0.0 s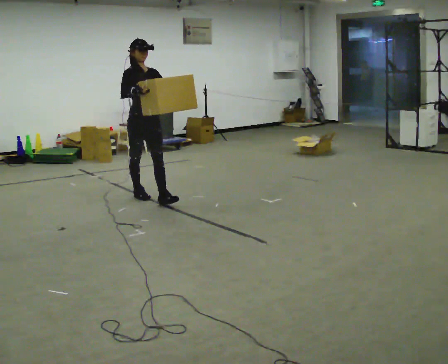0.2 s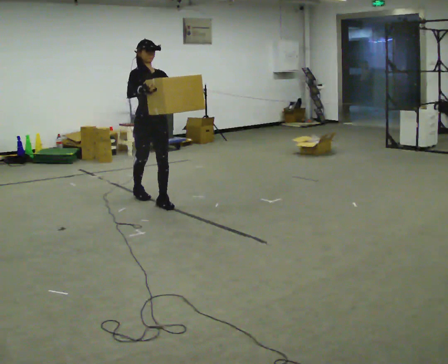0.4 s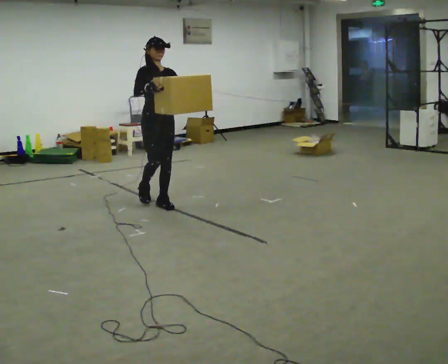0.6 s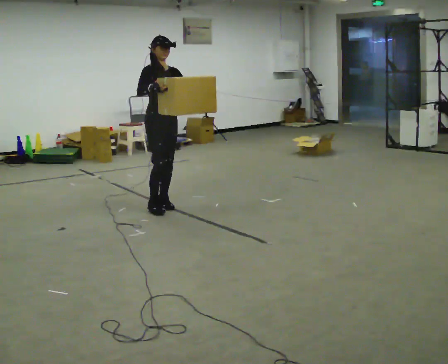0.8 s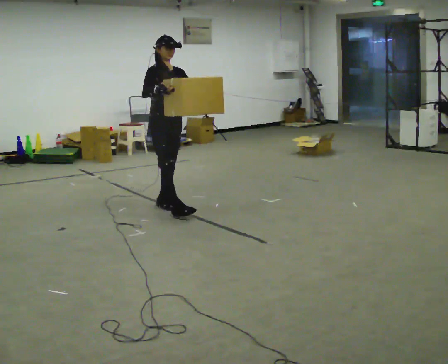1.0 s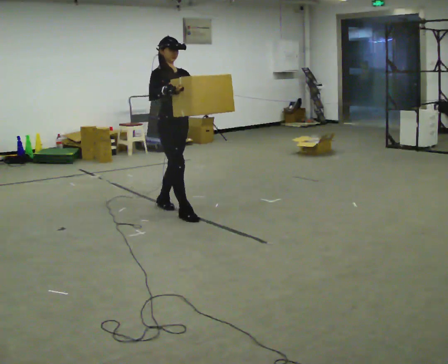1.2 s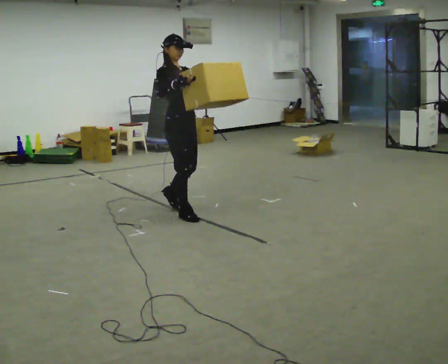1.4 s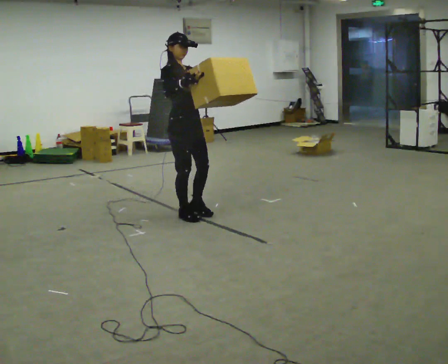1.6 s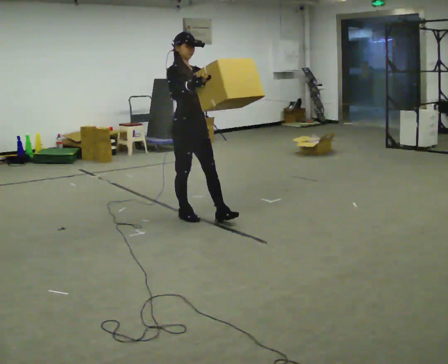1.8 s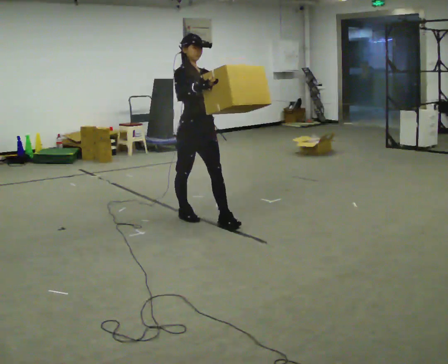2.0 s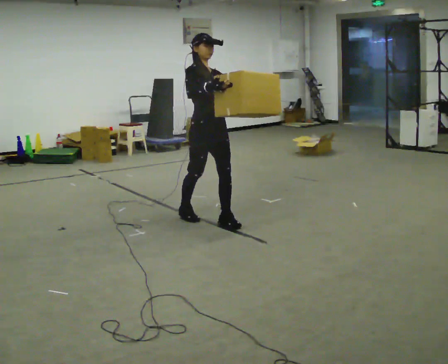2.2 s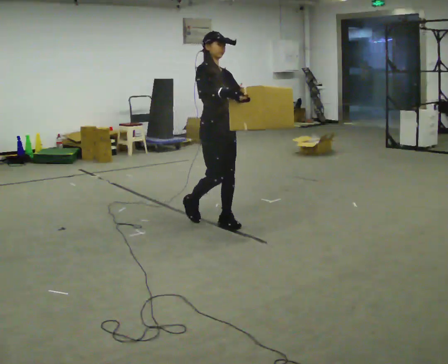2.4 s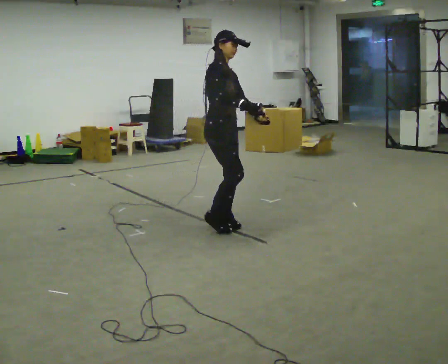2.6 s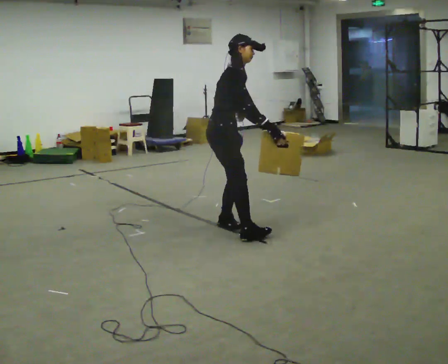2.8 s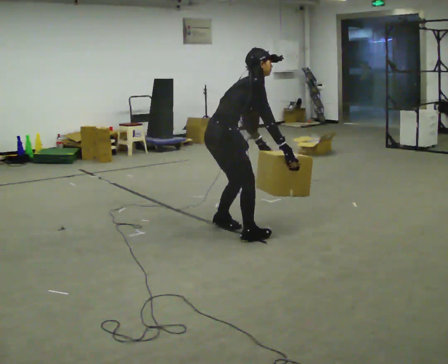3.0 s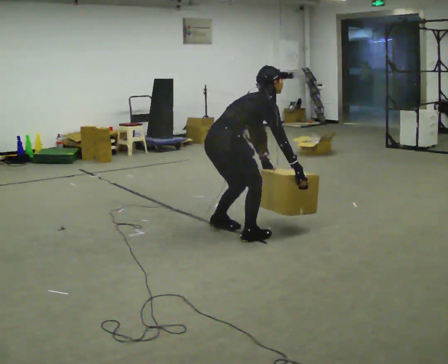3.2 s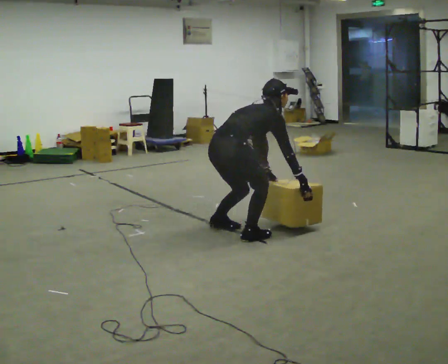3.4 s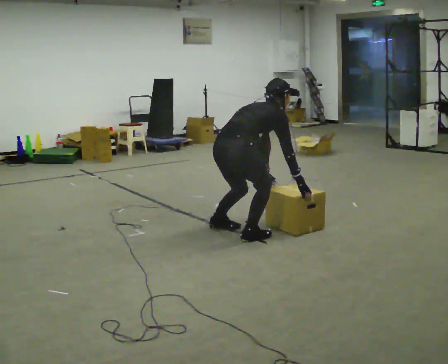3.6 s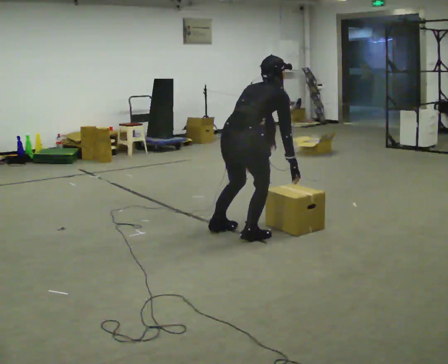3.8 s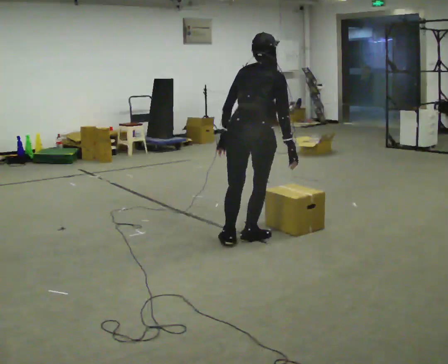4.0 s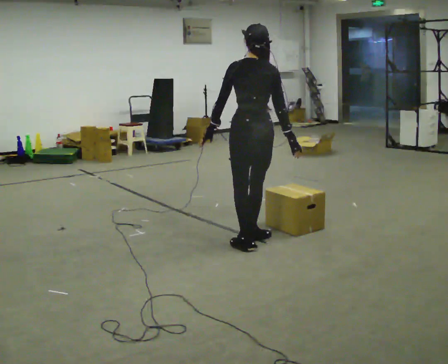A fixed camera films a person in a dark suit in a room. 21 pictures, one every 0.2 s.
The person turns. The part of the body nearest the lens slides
to the right.
Their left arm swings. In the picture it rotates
clockwise.
0.0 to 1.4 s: In the picture they go toward the camera and to the right, about 0.5 m in 1 step, which for them is forward.
1.4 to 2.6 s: Seen from above the body turns counterclockwise, about 45 degrees: to their left, with its near side sliding to the right. In the picture they go toward the camera and to the right, about 0.5 m in 1 step, which for them is forward. In the picture the upper body tilts clockwise, shoulders to the right, as they bend forward. In the picture their left hand goes downward, the arm swinging clockwise.
2.6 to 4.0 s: Seen from above the body turns counterclockwise, about 105 degrees: to their left, with its near side sliding to the right. In the picture they go toward the camera and to the right, about 0.5 m in 2 steps.
The film runs forward here.
